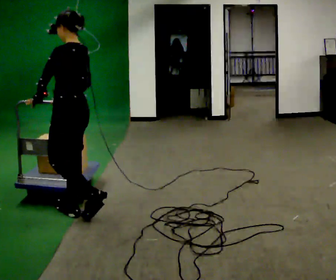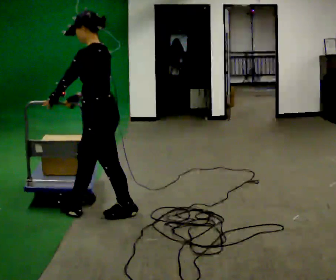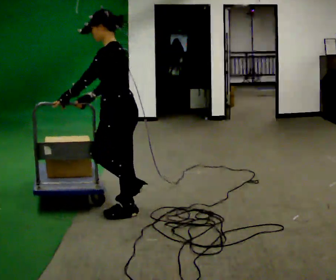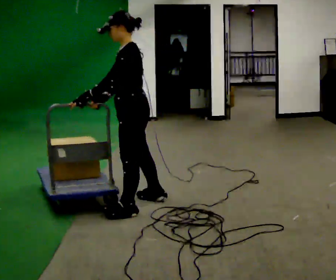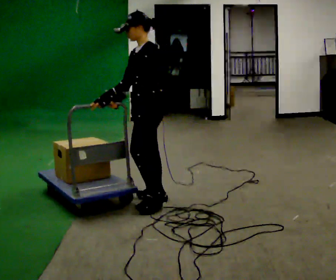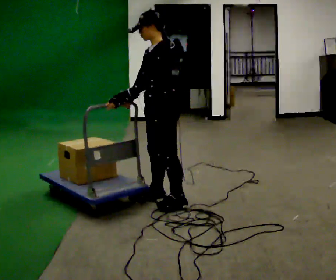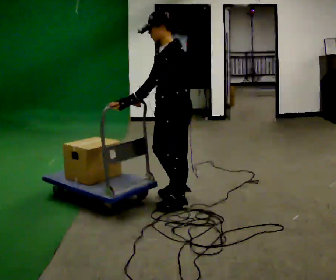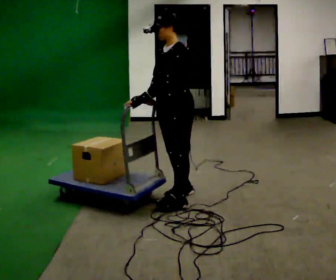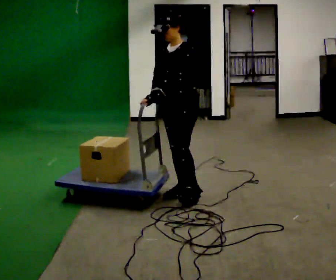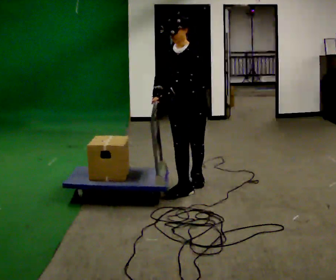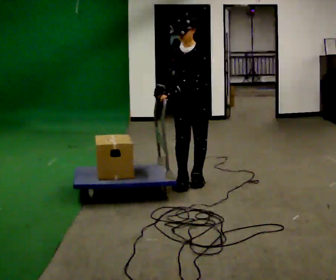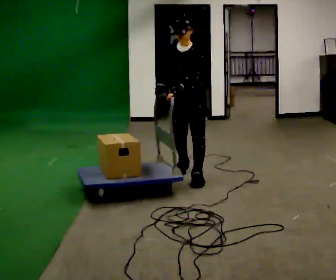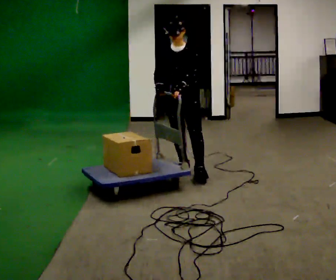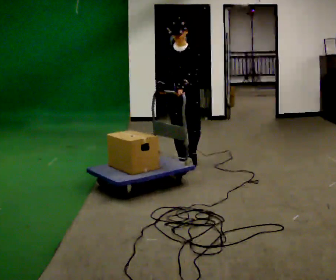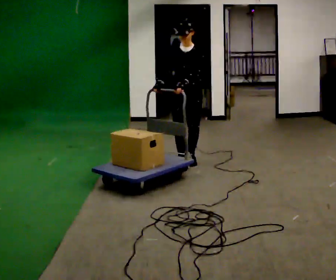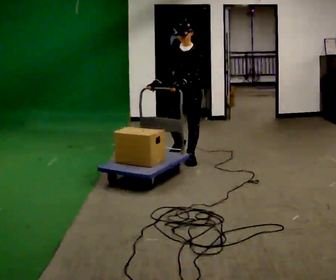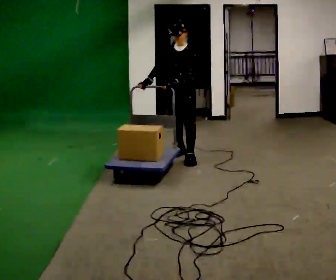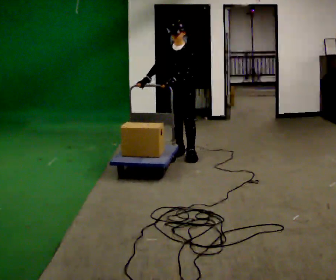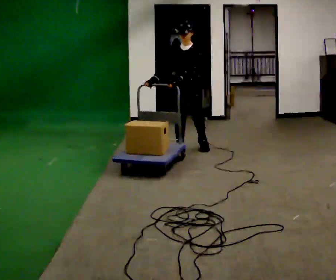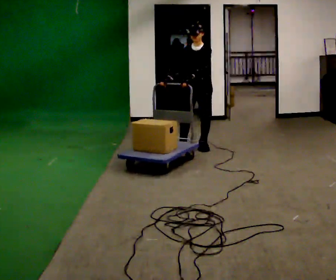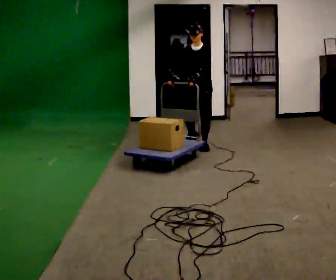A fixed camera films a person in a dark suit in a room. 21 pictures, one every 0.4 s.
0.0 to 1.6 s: The part of the body nearest the lens slides to the right as the person turns to their left by about 30 degrees. In the picture they go to the right and away from the camera, about 0.75 m in 2 steps, which for them is backward.
1.6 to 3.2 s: Seen from above the body turns counterclockwise, about 30 degrees: to their left, with its near side sliding to the right. In the picture they go to the right and away from the camera, about 0.25 m in 2 steps, which for them is backward.
3.2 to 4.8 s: Seen from above the body turns counterclockwise, about 30 degrees: to their left, with its near side sliding to the right. In the picture they go away from the camera, about 0.75 m in 2 steps, which for them is backward.
4.8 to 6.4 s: In the picture they go away from the camera, about 0.5 m in 1 step, which for them is backward.
6.4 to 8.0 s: In the picture they go away from the camera and to the right, about 0.5 m in 2 steps, which for them is backward.
The film runs backward here.
